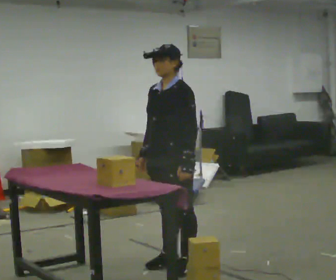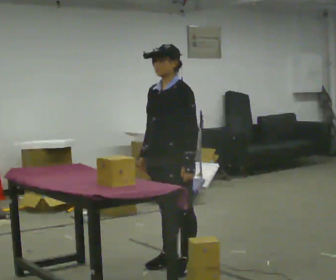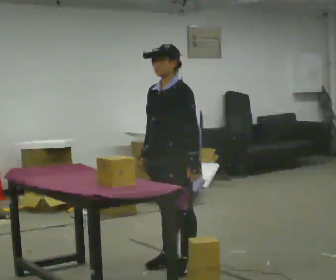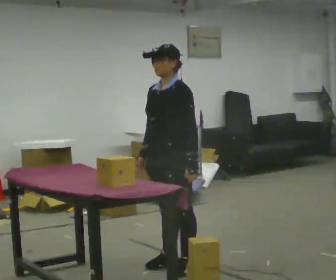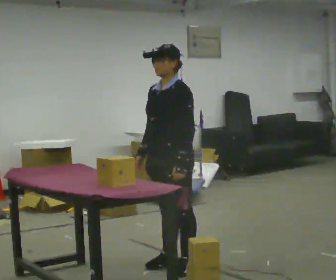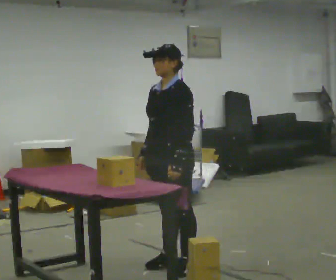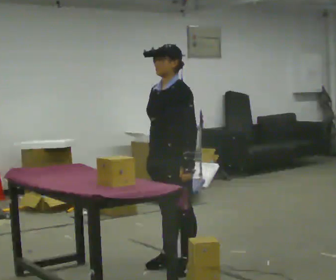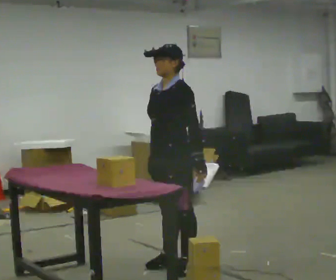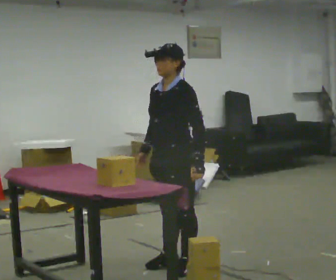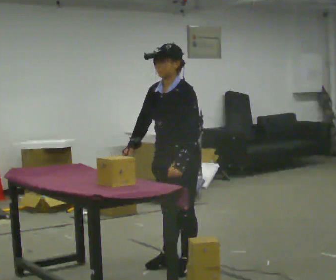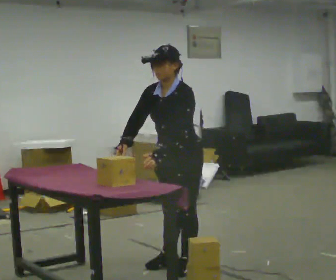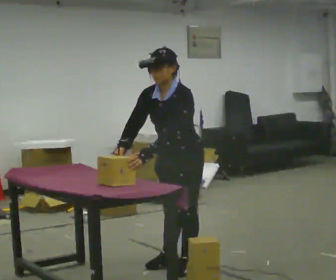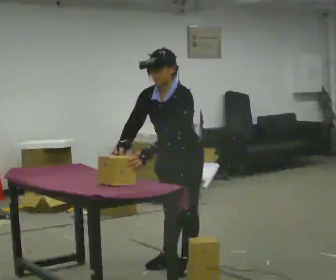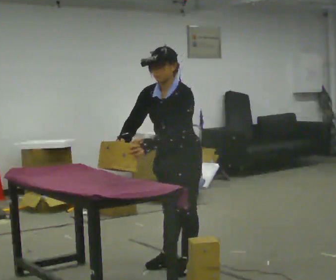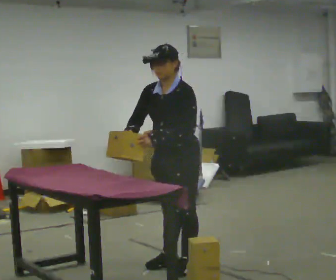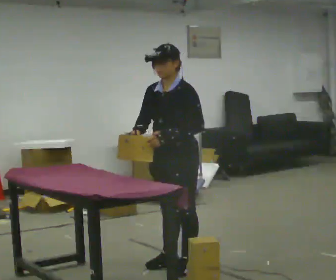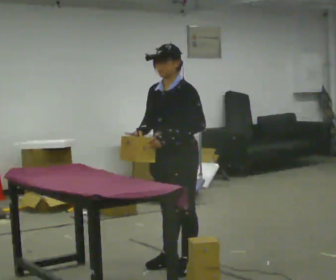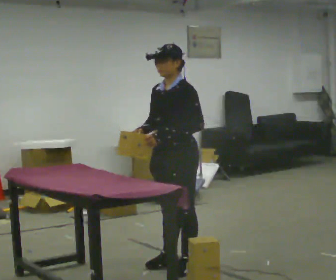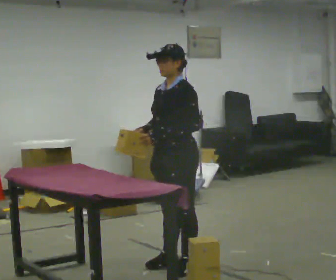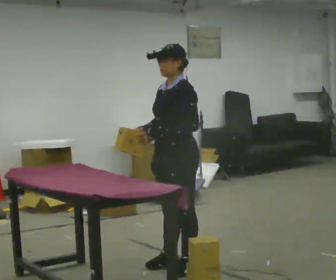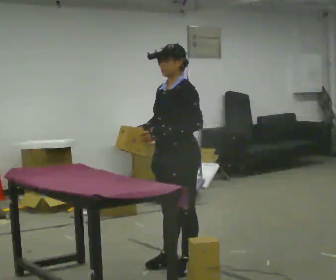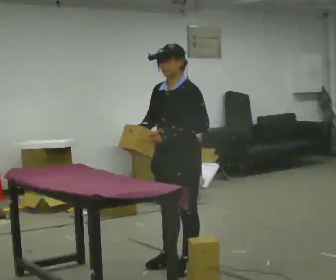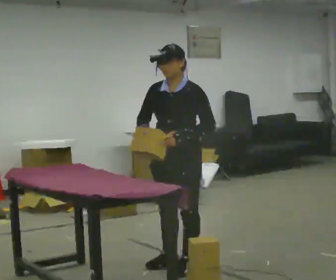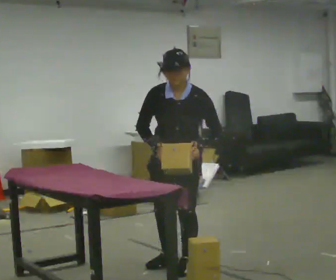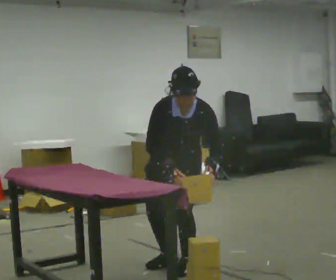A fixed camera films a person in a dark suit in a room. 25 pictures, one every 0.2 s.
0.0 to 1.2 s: The person moves a little, or ends about where they began.
1.2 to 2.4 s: The upper body tips toward the camera, its near side rolling downward, as they bend forward.
2.4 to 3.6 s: The upper body tips away from the camera, its near side rolling upward, as they lean back or straighten.
3.6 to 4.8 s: The person turns about 45 degrees to their left, counterclockwise seen from above, so the part of the body nearest the lens slides to the right. The upper body tips toward the camera, its near side rolling downward, as they bend forward. In the picture their left hand goes to the right.
The film runs backward here.
